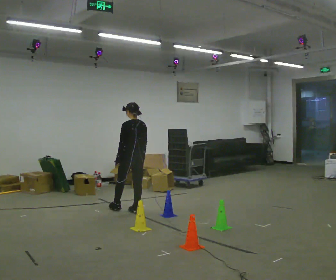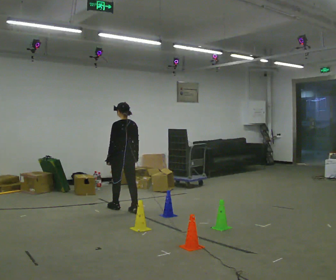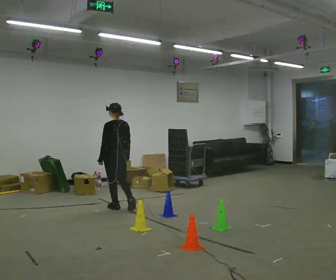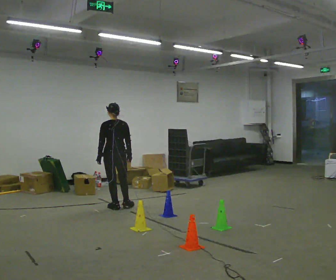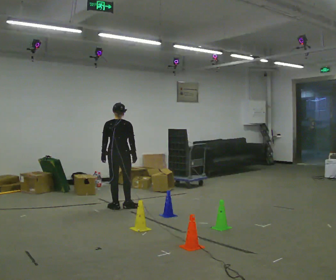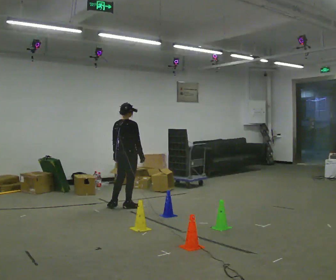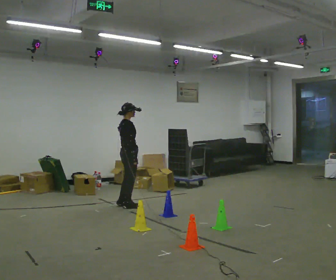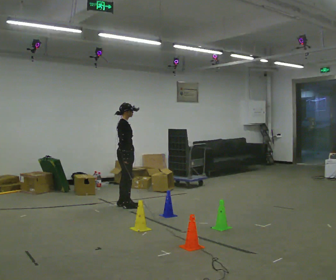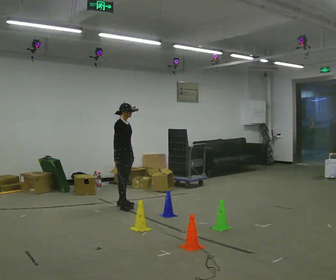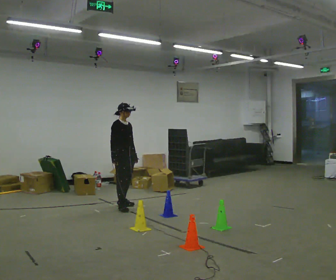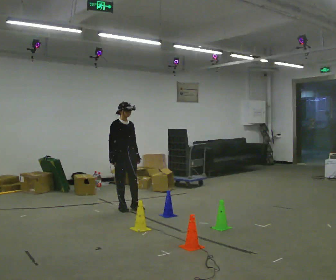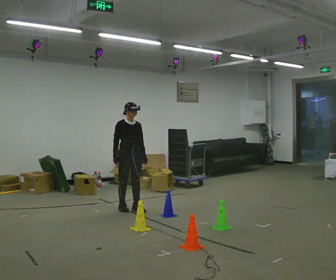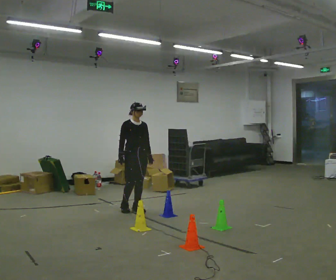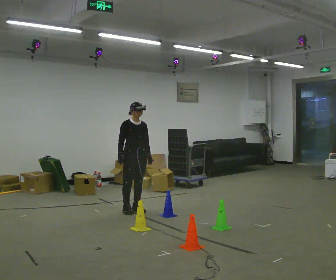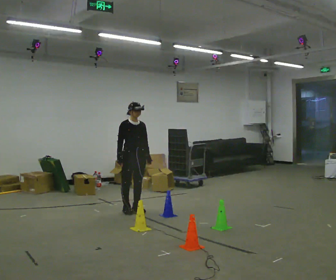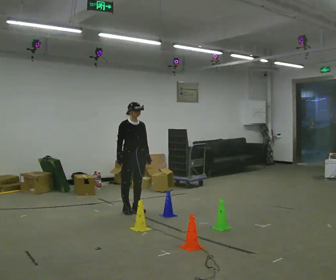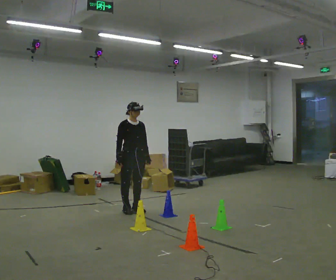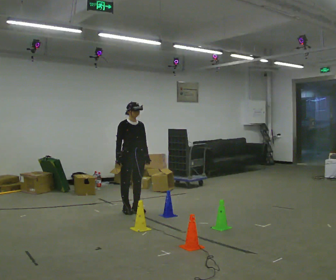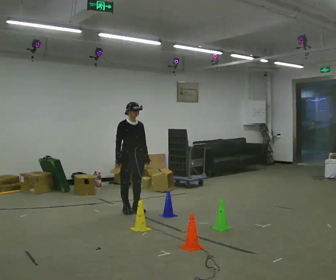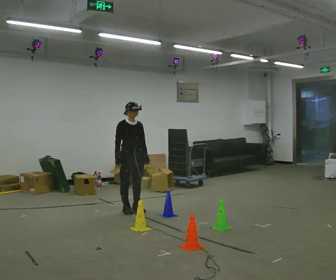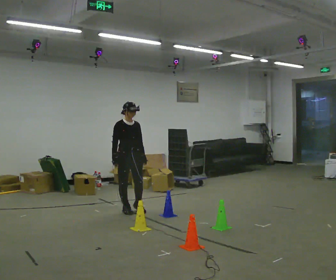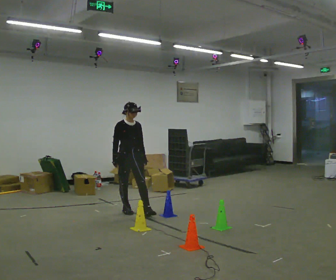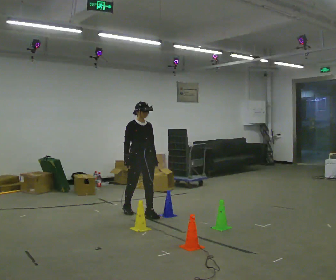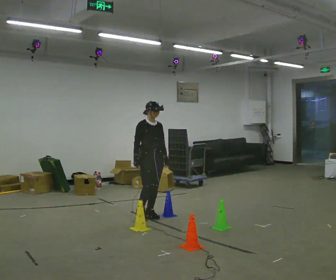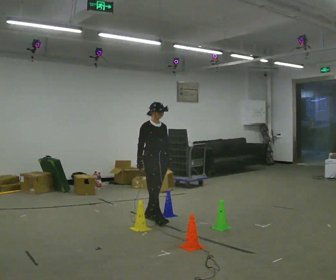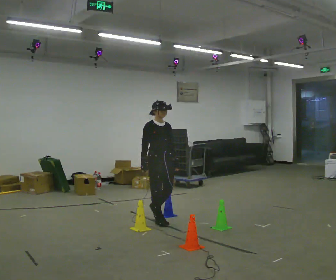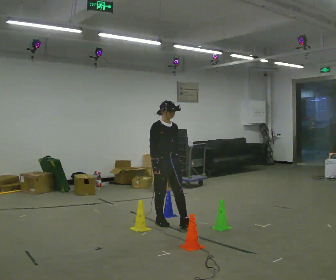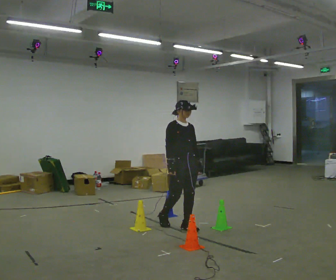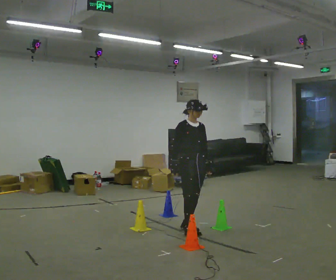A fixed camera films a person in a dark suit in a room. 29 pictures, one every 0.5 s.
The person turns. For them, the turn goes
to their right.
The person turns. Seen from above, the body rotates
clockwise.
0.0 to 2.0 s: The part of the body nearest the lens slides to the left as the person turns to their right by about 45 degrees. In the picture they go to the left and away from the camera, about 0.25 m in 2 steps, which for them is forward.
2.0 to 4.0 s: The person turns about 105 degrees to their right, clockwise seen from above, so the part of the body nearest the lens slides to the left.
4.0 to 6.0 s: The person turns about 30 degrees to their right, clockwise seen from above, so the part of the body nearest the lens slides to the left. In the picture they go toward the camera and to the right, about 0.25 m in 1 step, which for them is forward.
6.0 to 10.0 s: The person moves a little, or ends about where they began.
10.0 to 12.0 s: In the picture they go toward the camera and to the right, about 0.5 m in 2 steps, which for them is forward.
12.0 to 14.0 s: In the picture they go toward the camera and to the right, about 0.75 m in 1 step, which for them is forward.
The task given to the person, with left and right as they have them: Walk through passage without touching sides; continue normally after exit.
The film runs forward here.
